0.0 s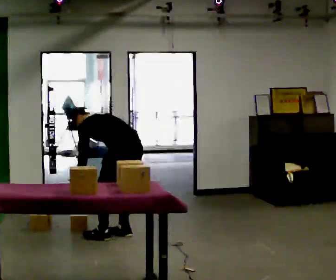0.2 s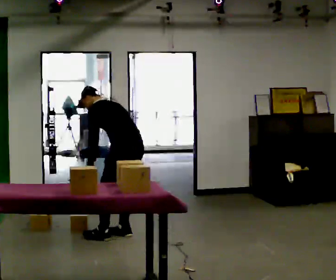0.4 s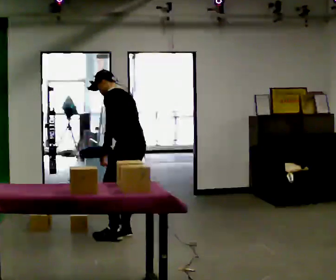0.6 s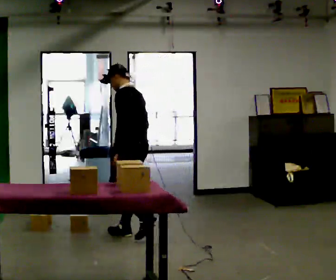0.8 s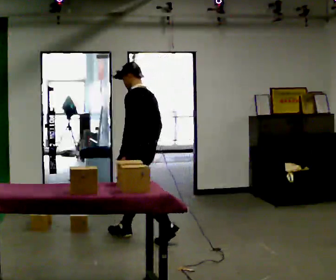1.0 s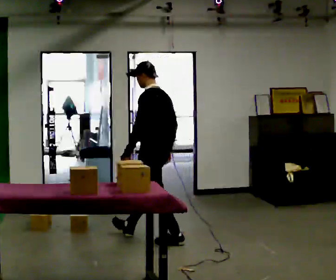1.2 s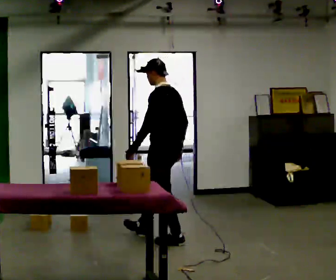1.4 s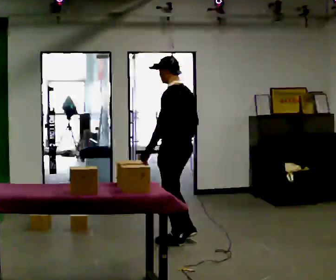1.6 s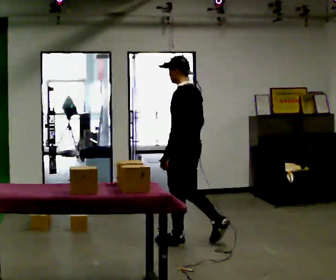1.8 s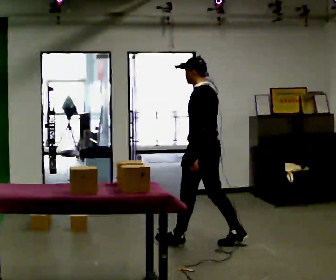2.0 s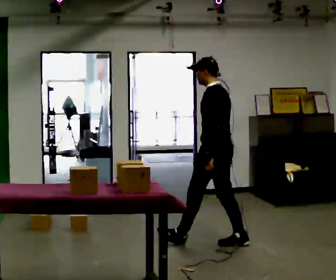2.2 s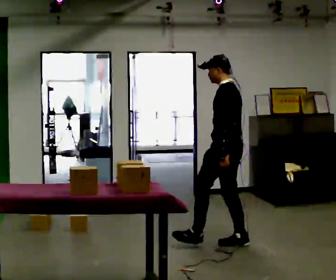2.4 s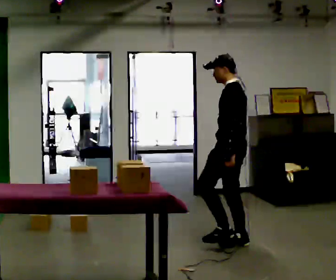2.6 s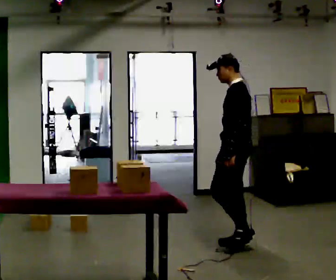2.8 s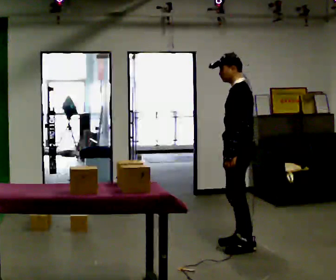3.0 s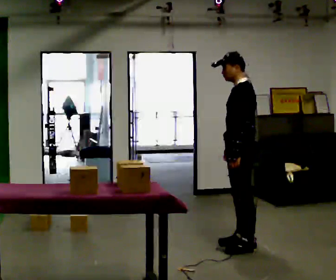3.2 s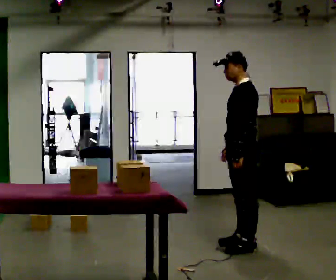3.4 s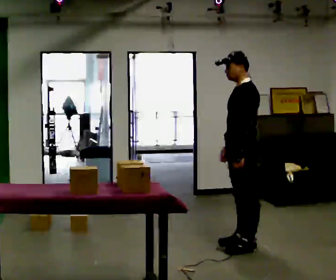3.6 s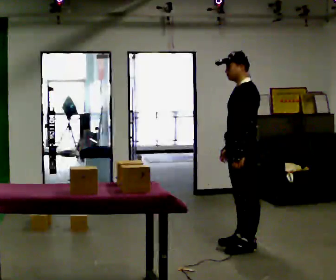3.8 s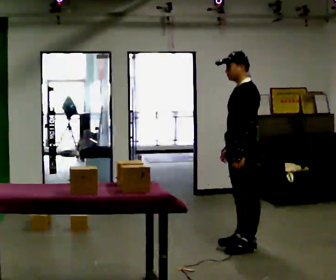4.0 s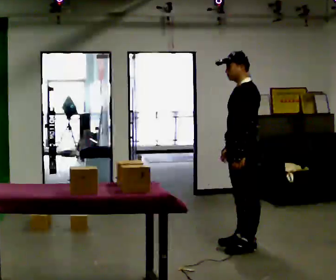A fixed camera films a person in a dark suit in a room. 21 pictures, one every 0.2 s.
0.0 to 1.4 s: In the picture they go to the right, about 0.5 m in 2 steps, which for them is backward. The upper body goes upward. In the picture the upper body tilts clockwise, shoulders to the right, as they lean back or straighten. In the picture their right hand goes upward.
1.4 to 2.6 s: In the picture they go to the right, about 0.5 m in 1 step, which for them is backward.
2.6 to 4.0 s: The person moves a little, or ends about where they began.
The film runs backward here.
